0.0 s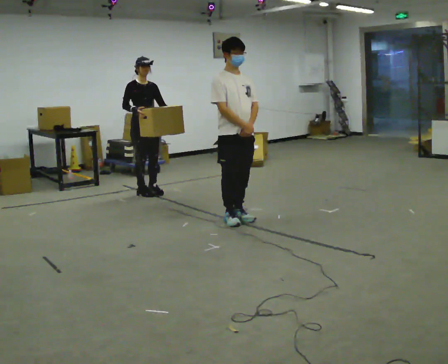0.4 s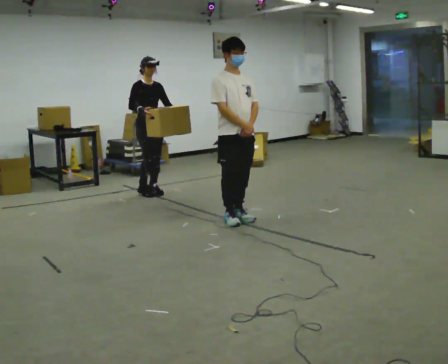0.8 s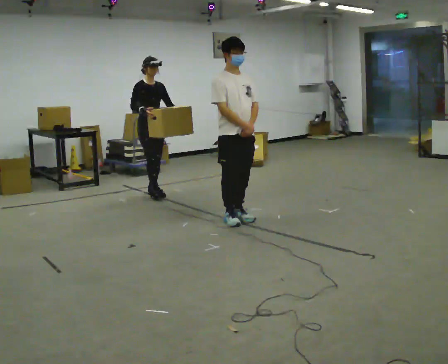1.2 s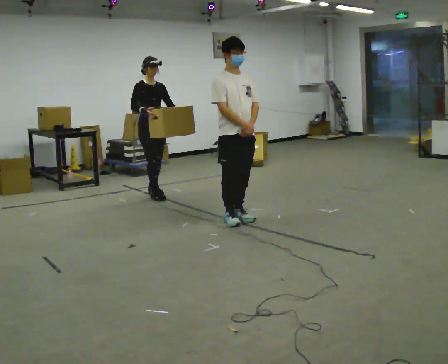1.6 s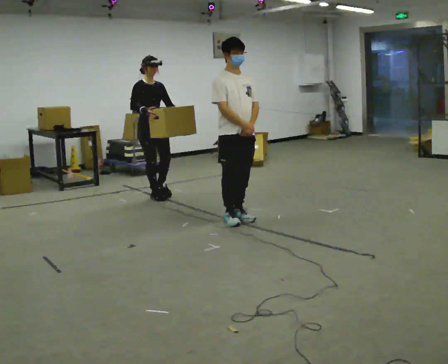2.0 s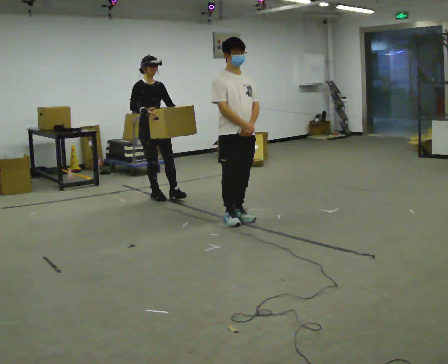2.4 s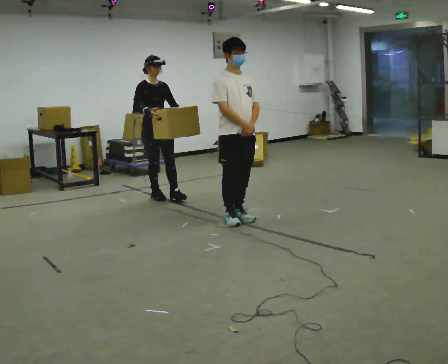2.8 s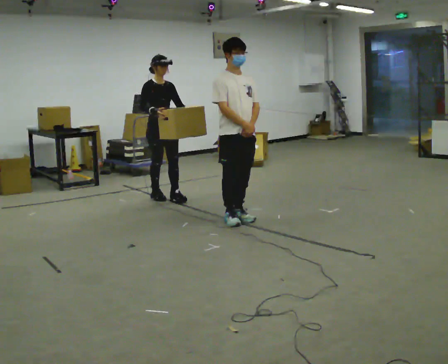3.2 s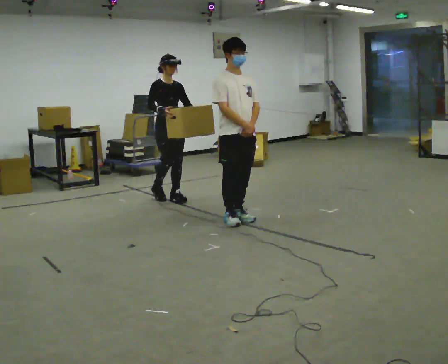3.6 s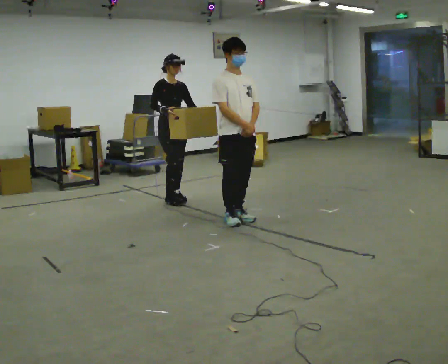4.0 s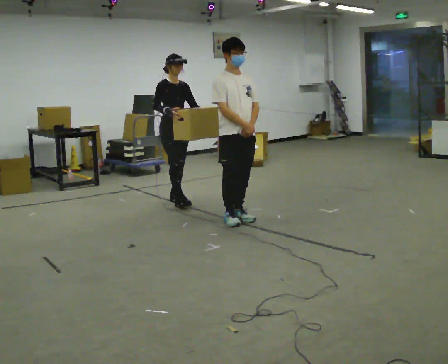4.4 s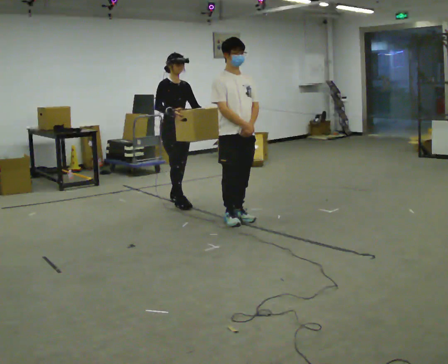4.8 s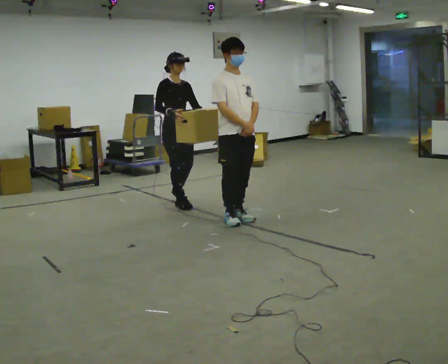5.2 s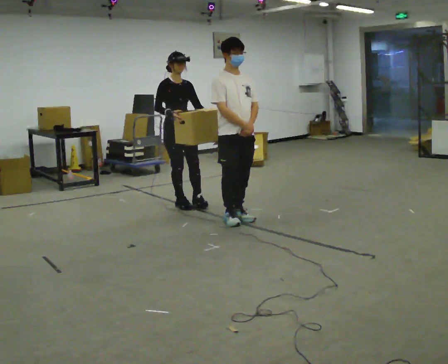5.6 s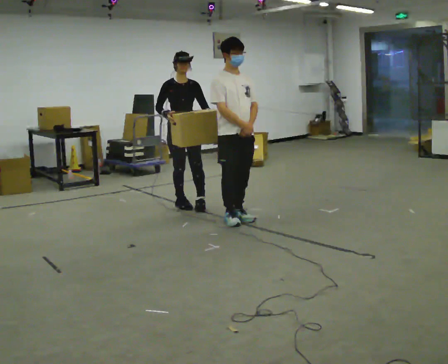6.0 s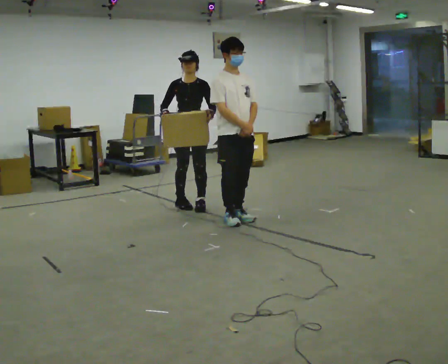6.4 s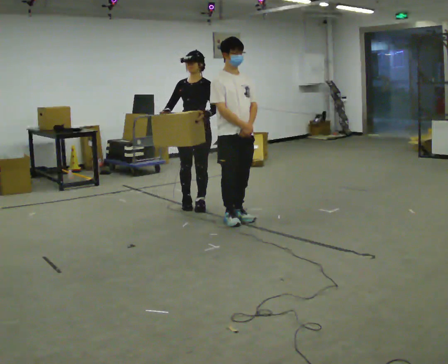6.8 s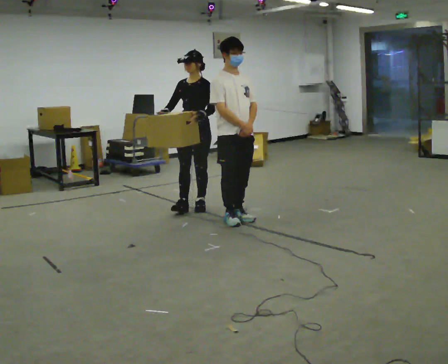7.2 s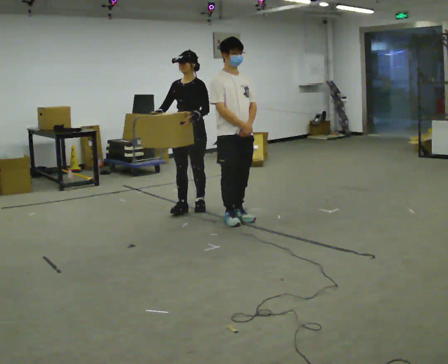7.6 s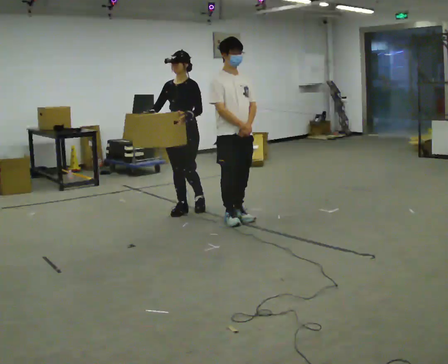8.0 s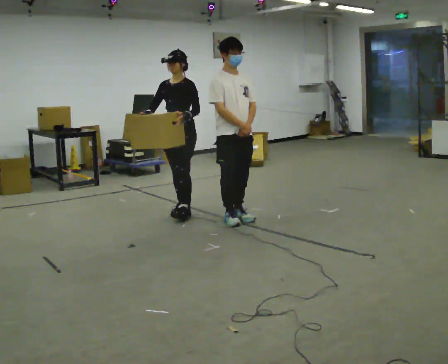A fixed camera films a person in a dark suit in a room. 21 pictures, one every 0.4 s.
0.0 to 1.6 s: In the picture they go toward the camera, about 0.25 m in 1 step, which for them is forward.
1.6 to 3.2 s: In the picture they go to the right, about 0.25 m in 1 step, which for them is forward.
3.2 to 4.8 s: In the picture they go toward the camera, about 0.25 m in 1 step, which for them is forward.
4.8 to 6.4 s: The person turns about 60 degrees to their right, clockwise seen from above, so the part of the body nearest the lens slides to the left. In the picture they go to the right, about 0.25 m in 1 step.
6.4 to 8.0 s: In the picture they go toward the camera and to the left, about 0.25 m in 1 step, which for them is forward.
The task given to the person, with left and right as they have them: Carry the box across the room. The operator will step into your path partway across, so go around them and carry on. Keep going until the operator says stop; one object at a time, and do not rush between trips.
The film runs forward here.
